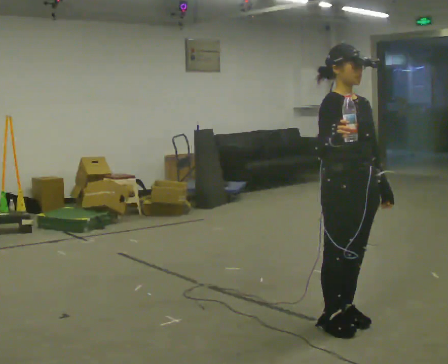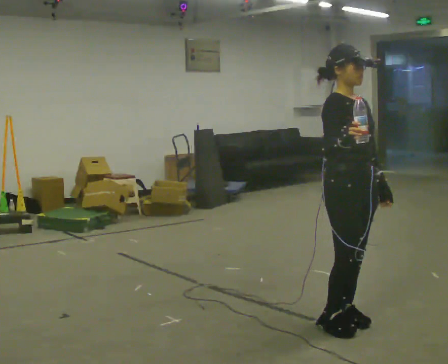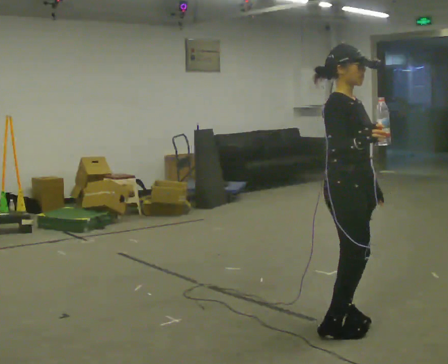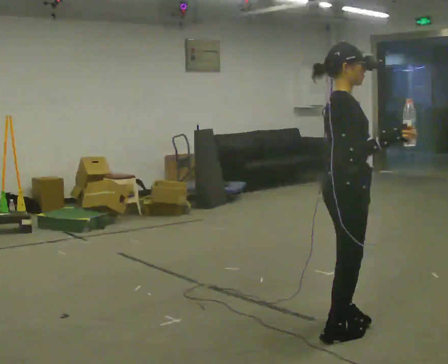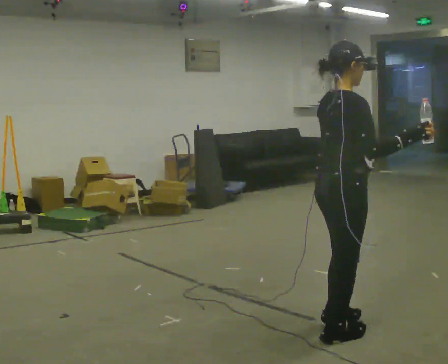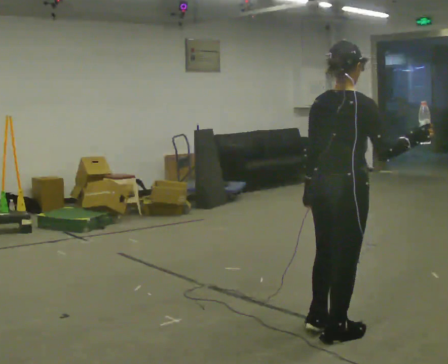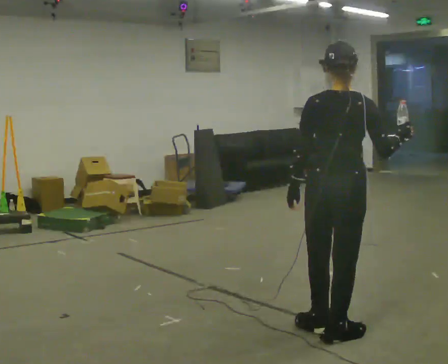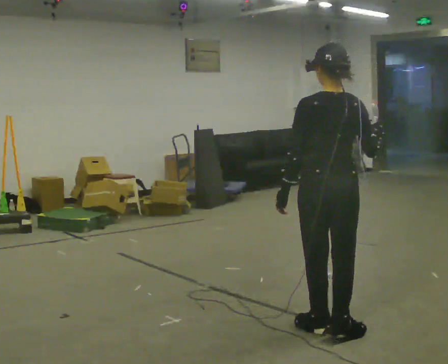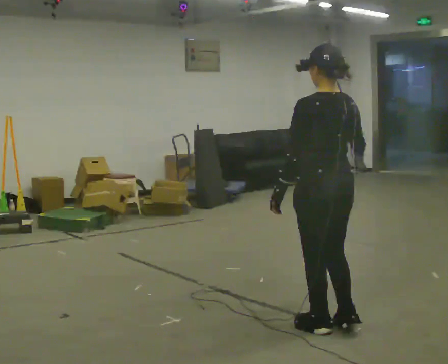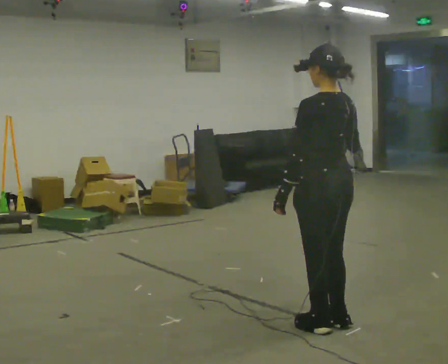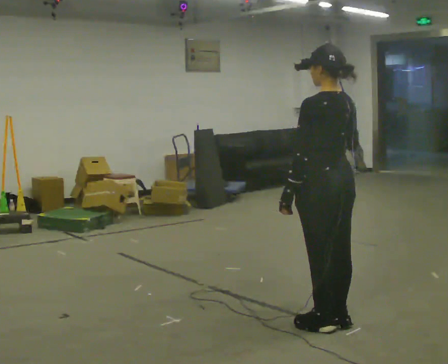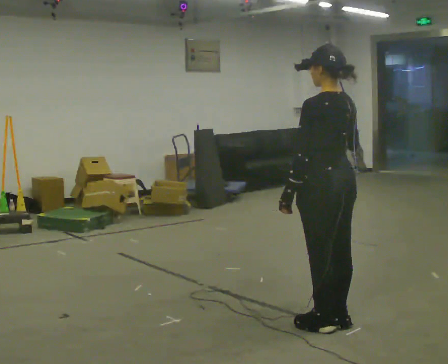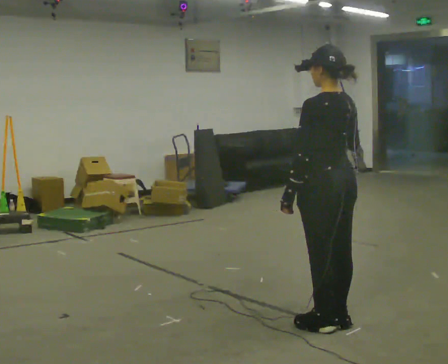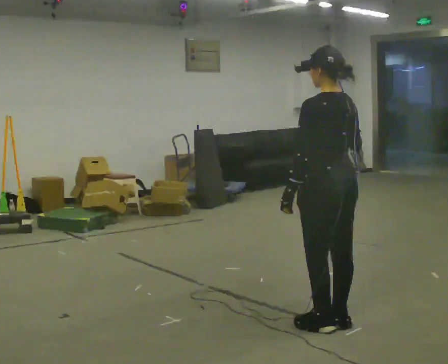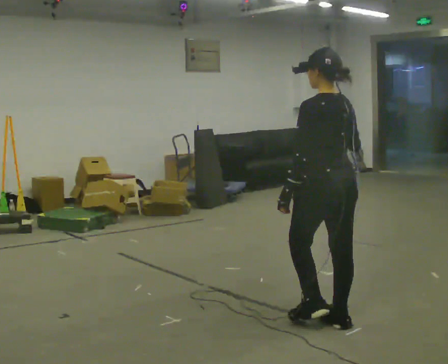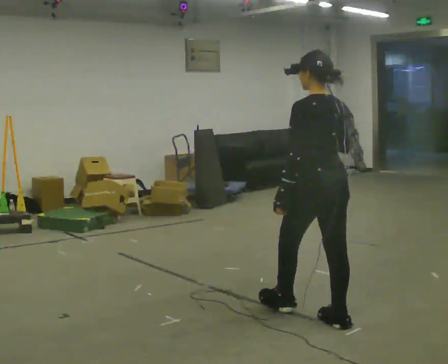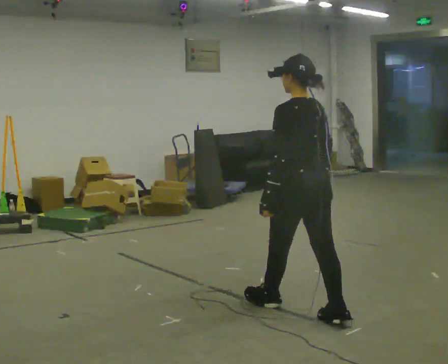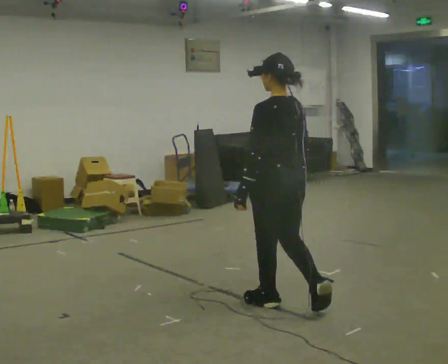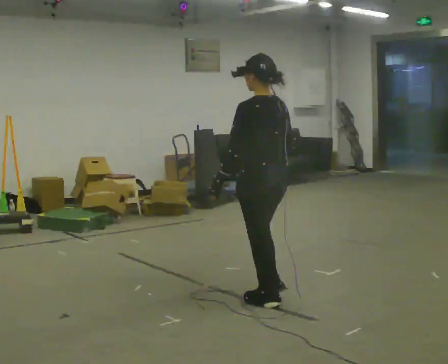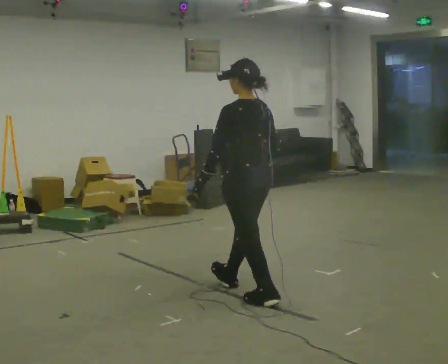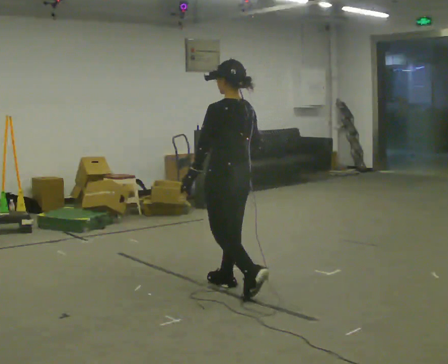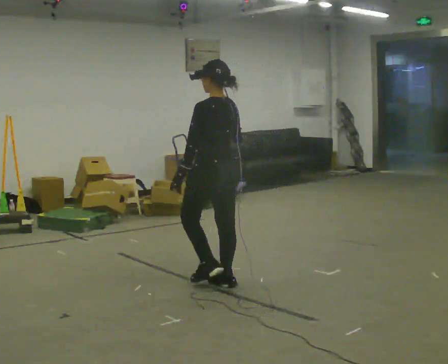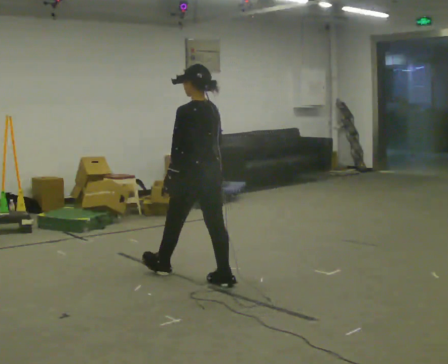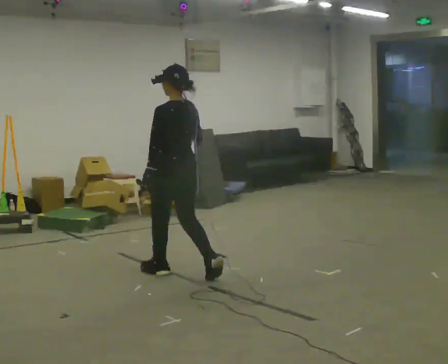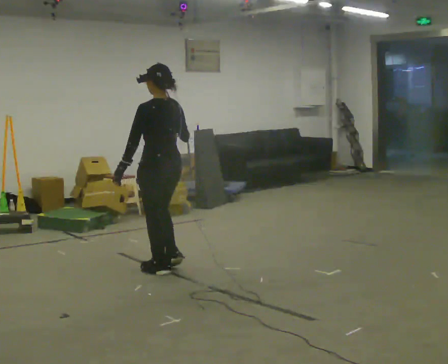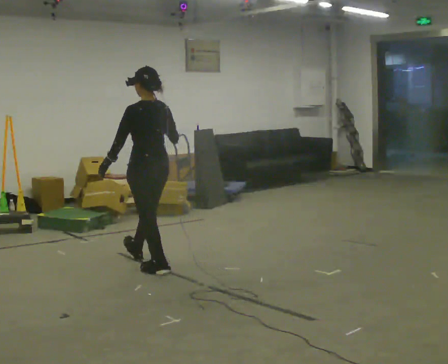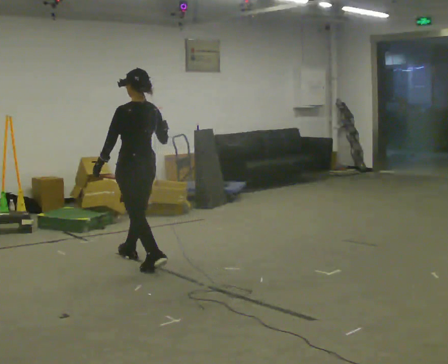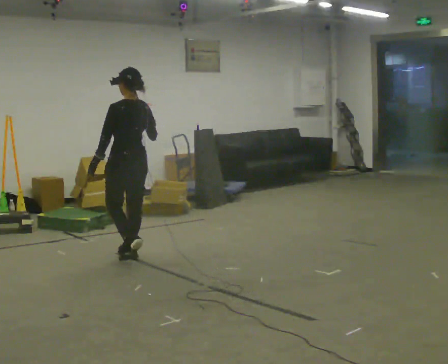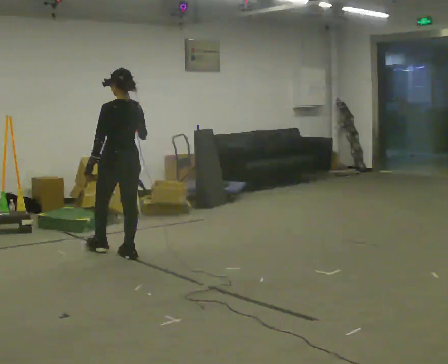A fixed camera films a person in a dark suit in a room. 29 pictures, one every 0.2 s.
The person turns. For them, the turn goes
to their left.
The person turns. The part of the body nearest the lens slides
to the right.
0.0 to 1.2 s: Seen from above the body turns counterclockwise, about 135 degrees: to their left, with its near side sliding to the right. In the picture their right hand goes to the right.
1.2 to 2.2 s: The person turns about 45 degrees to their left, counterclockwise seen from above, so the part of the body nearest the lens slides to the right. In the picture they go away from the camera, about 0.25 m in 1 step, which for them is forward.
2.2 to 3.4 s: In the picture they go away from the camera and to the left, about 0.5 m in 1 step, which for them is forward.
3.4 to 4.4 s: In the picture they go to the left and away from the camera, about 1 m in 1 step, which for them is forward.
4.4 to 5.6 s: In the picture they go to the left and away from the camera, about 1 m in 2 steps, which for them is forward.
The film runs forward here.
